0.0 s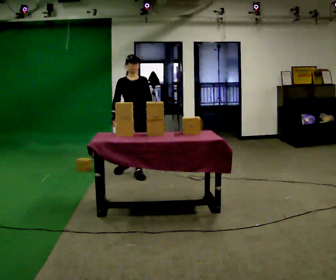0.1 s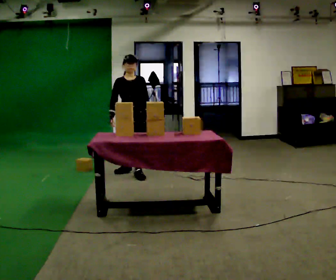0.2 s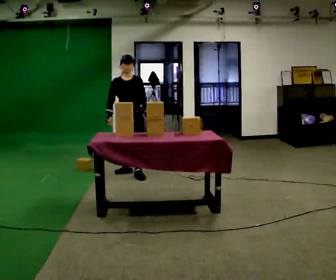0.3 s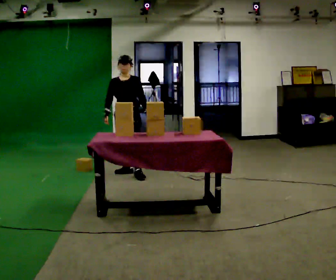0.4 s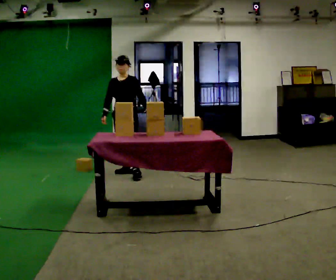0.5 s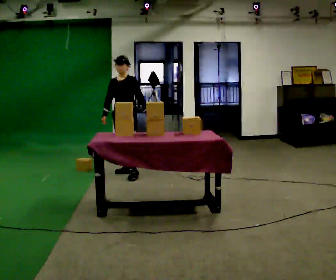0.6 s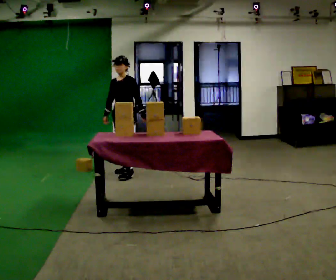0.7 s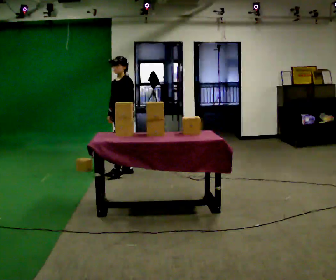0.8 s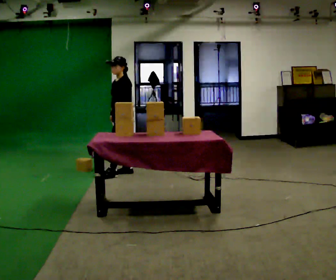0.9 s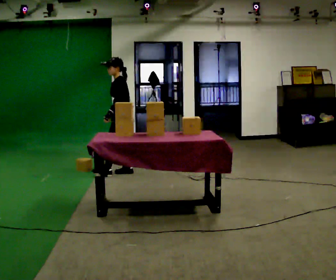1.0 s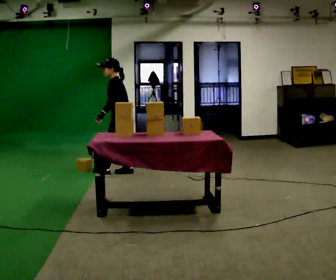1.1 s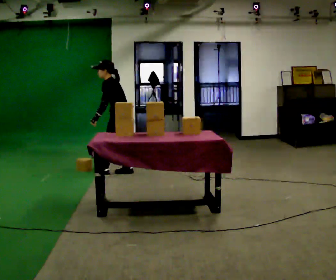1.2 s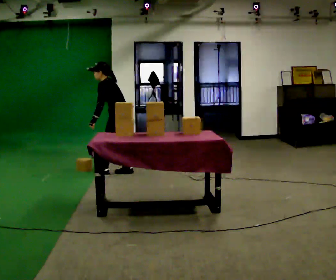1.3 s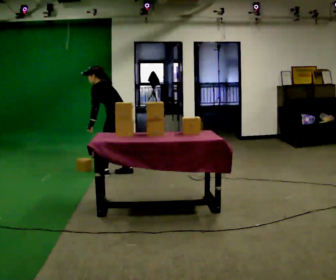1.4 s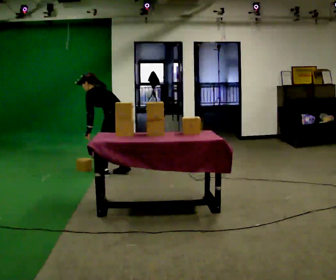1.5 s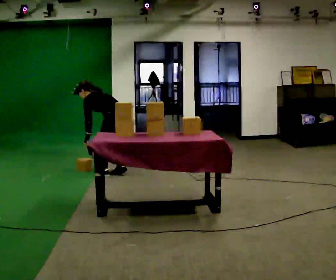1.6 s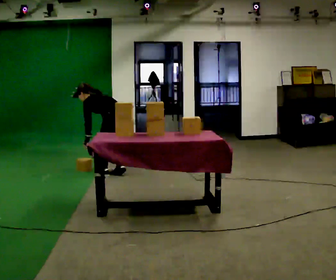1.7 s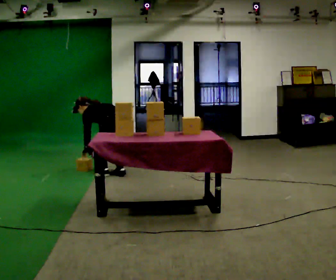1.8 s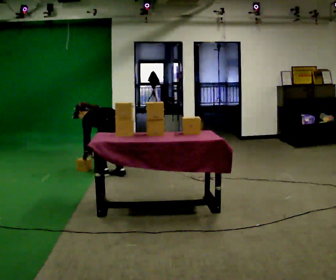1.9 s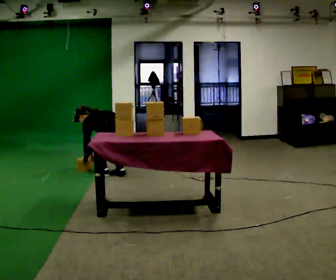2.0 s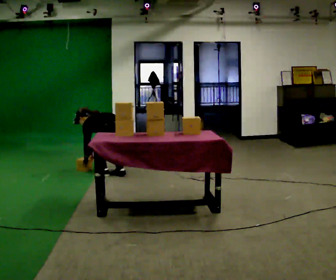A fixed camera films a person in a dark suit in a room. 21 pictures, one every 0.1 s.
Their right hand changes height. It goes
downward.
The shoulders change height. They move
downward.
0.0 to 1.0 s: Seen from above the body turns clockwise, about 90 degrees: to their right, with its near side sliding to the left. In the picture they go away from the camera, about 0.25 m in 1 step.
1.0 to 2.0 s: The person turns about 30 degrees to their right, clockwise seen from above, so the part of the body nearest the lens slides to the left. In the picture they go toward the camera, about 0.25 m in 1 step, which for them is to their left. The upper body goes downward. In the picture the upper body tilts counterclockwise, shoulders to the left, as they bend forward. In the picture their left hand goes downward.
The film runs backward here.
